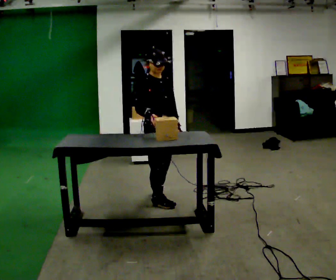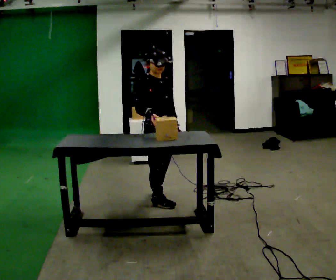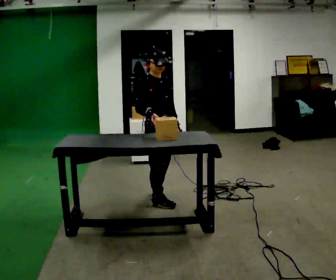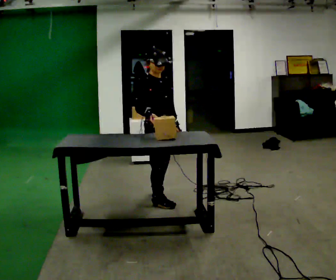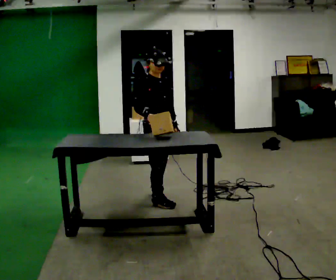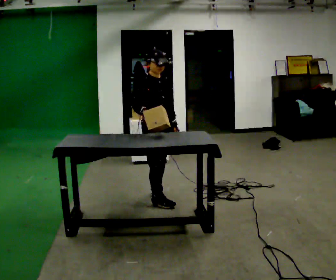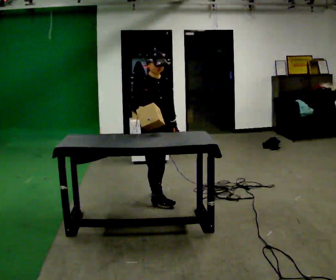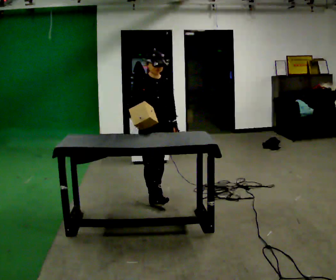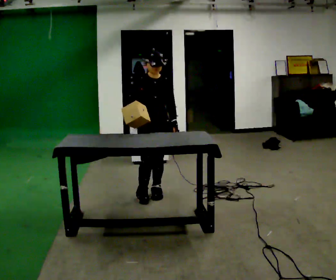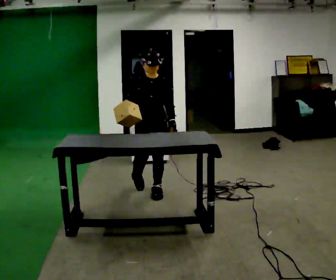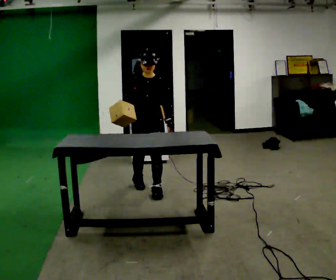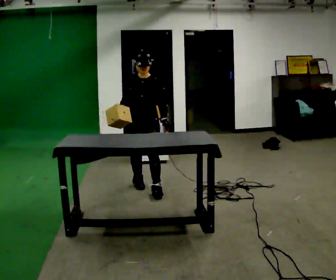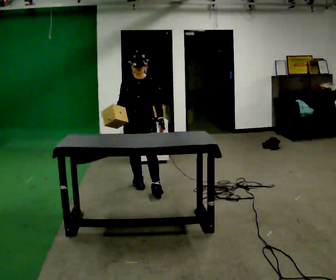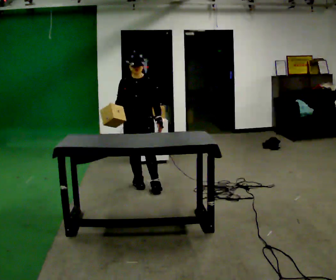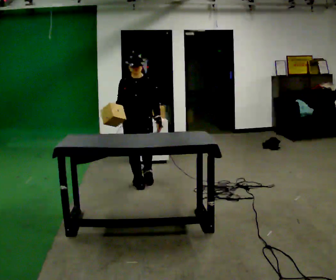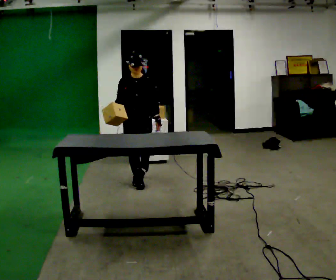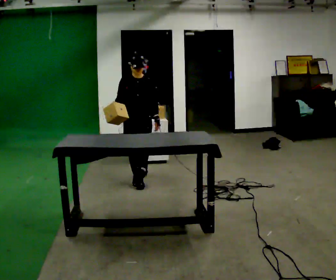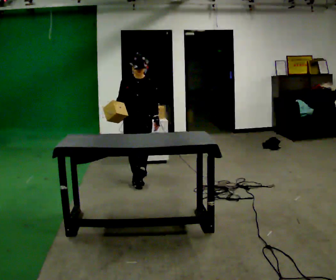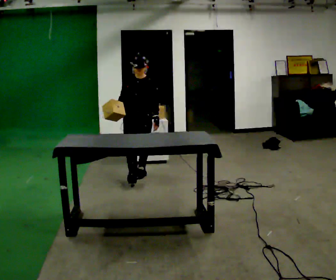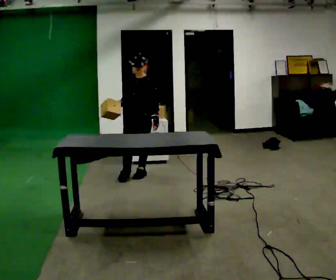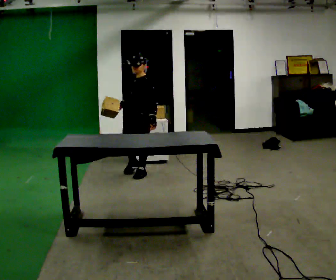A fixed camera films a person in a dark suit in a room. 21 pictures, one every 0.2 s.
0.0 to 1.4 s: In the picture they go away from the camera, about 0.25 m, which for them is backward and to their left.
1.4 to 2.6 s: In the picture they go away from the camera and to the left, about 0.25 m in 2 steps, which for them is backward.
2.6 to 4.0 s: The part of the body nearest the lens slides to the left as the person turns to their right by about 30 degrees. In the picture they go away from the camera, about 0.5 m in 1 step, which for them is backward.
The film runs backward here.
